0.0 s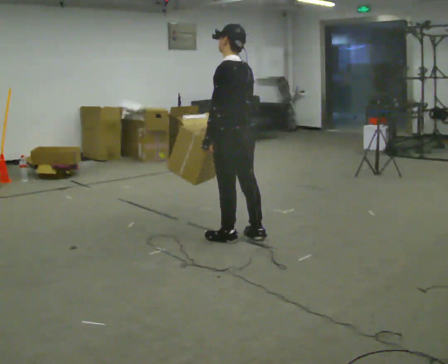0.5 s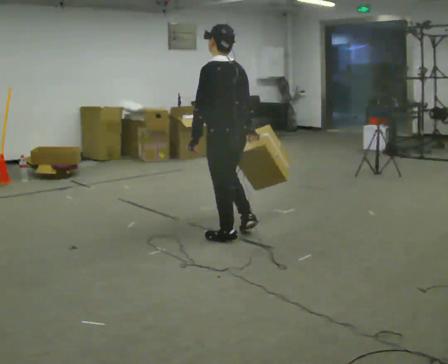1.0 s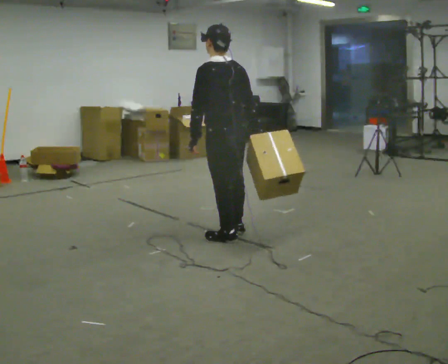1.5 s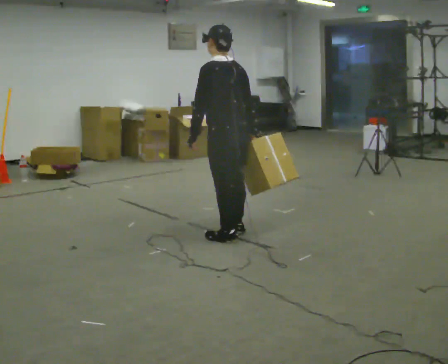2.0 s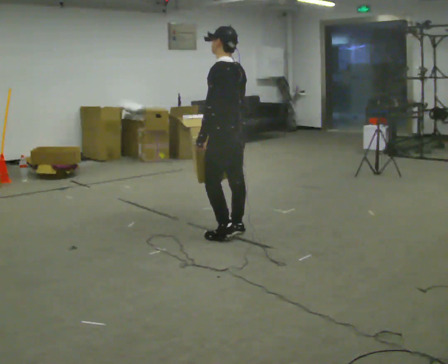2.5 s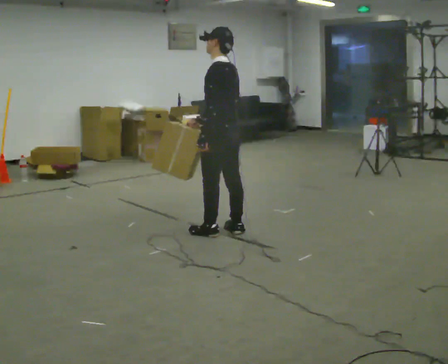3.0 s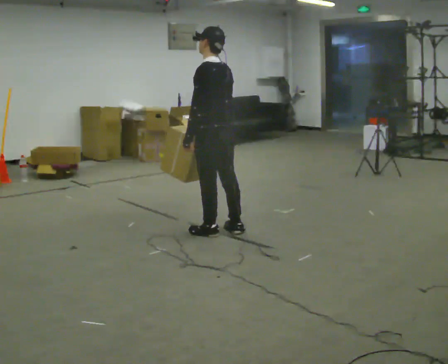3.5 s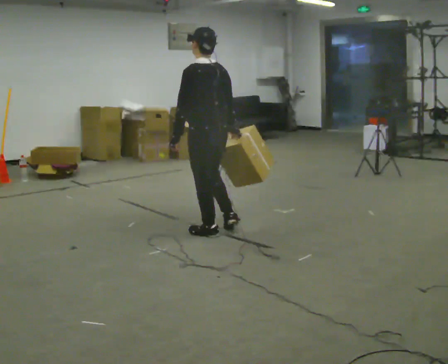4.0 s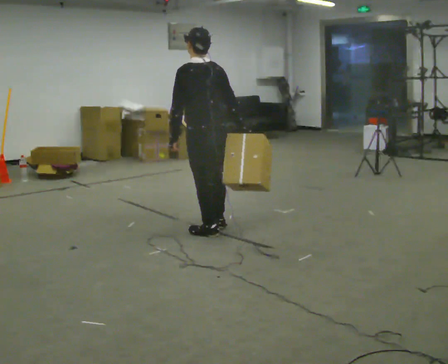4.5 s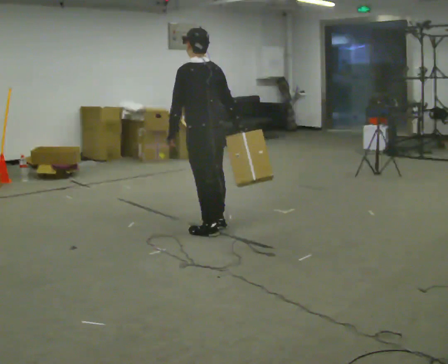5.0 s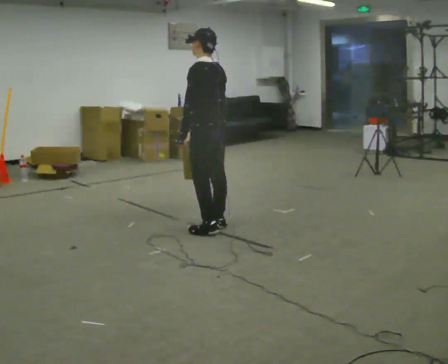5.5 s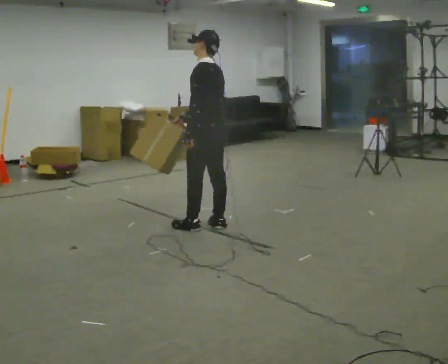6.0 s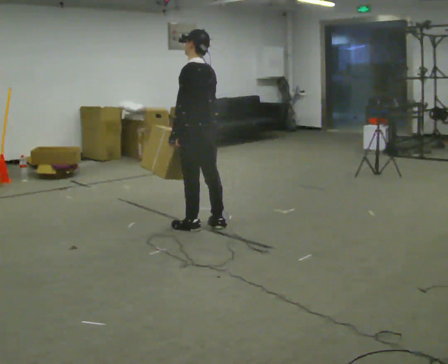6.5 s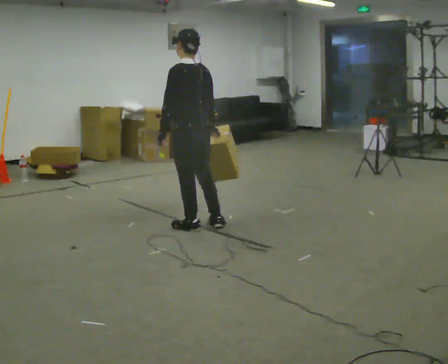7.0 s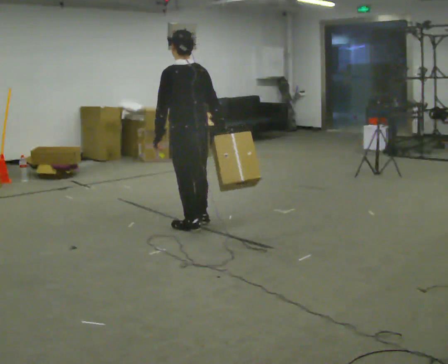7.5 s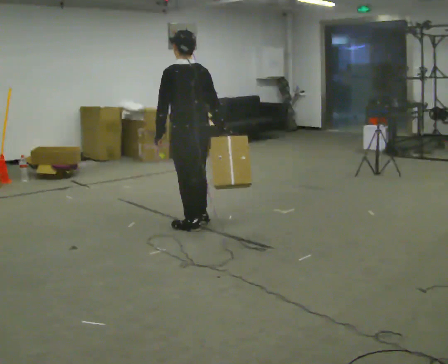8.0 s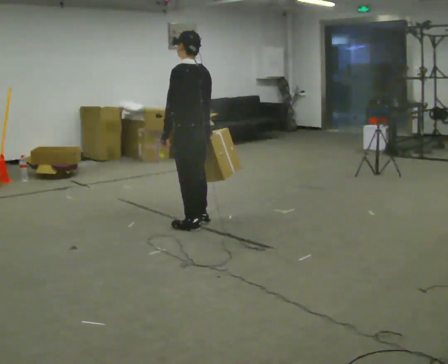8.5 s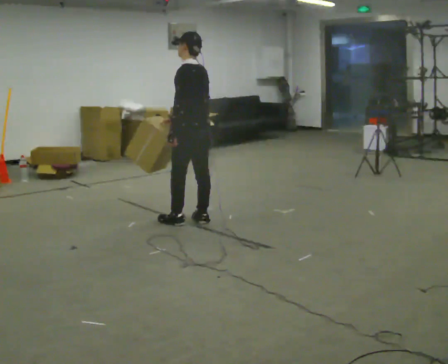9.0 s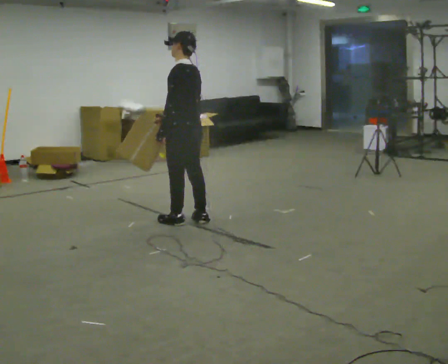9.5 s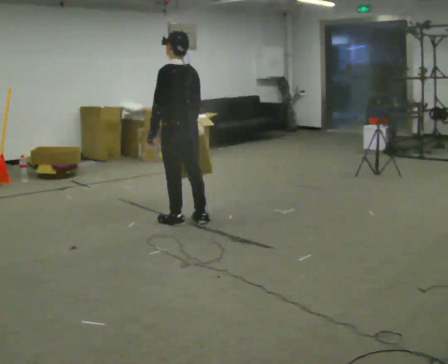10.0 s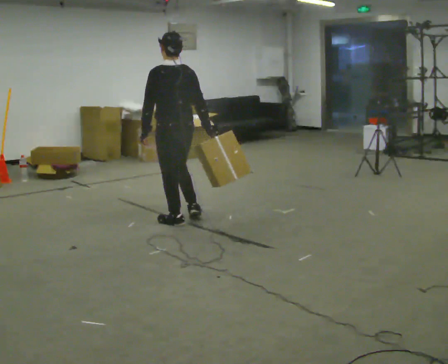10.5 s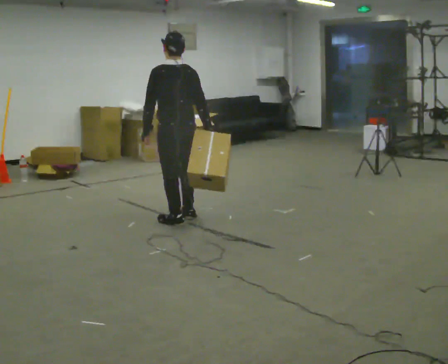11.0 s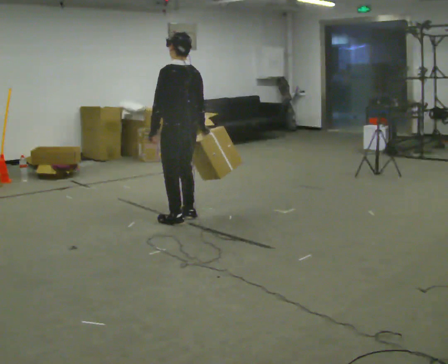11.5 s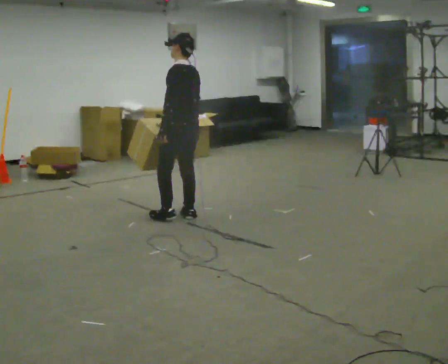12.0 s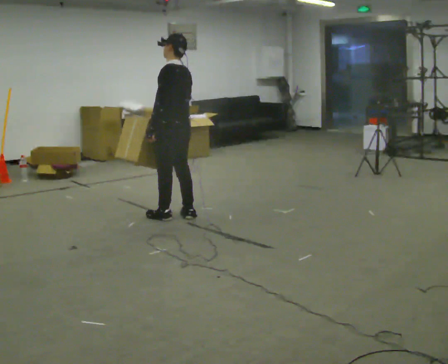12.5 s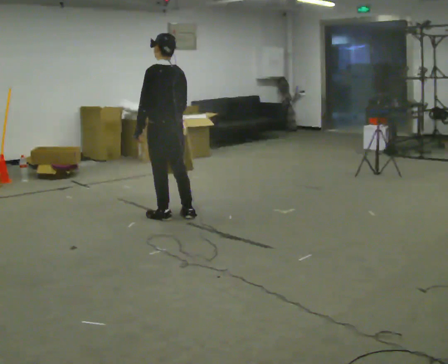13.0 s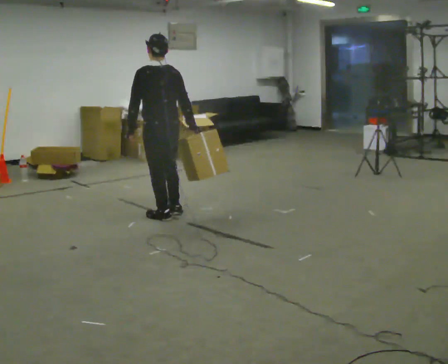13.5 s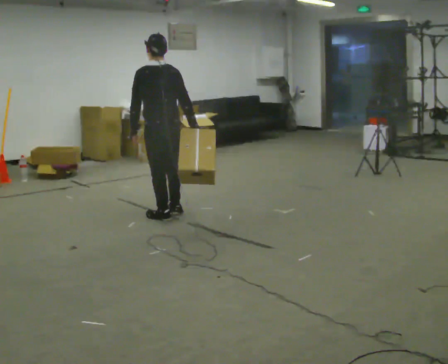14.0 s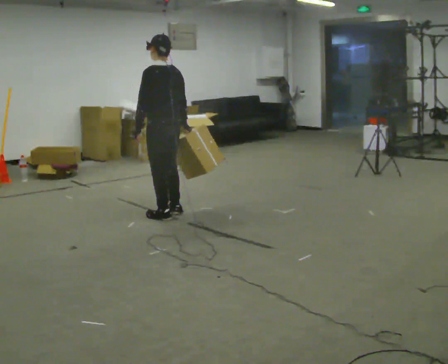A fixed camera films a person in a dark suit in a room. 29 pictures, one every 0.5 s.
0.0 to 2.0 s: In the picture they go away from the camera, about 0.25 m in 1 step, which for them is forward.
2.0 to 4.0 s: In the picture they go to the left, about 0.25 m in 2 steps, which for them is forward.
4.0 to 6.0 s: In the picture they go away from the camera, about 0.25 m in 1 step, which for them is forward. In the picture their right hand goes to the left.
6.0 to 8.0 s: The person moves a little, or ends about where they began.
8.0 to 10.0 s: In the picture they go to the left, about 0.25 m in 1 step, which for them is forward.
10.0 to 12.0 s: The part of the body nearest the lens slides to the right as the person turns to their left by about 30 degrees. In the picture they go away from the camera, about 0.25 m in 2 steps, which for them is forward. In the picture their right hand goes to the left, the arm swinging clockwise.
12.0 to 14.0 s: The person moves a little, or ends about where they began.
The film runs forward here.
